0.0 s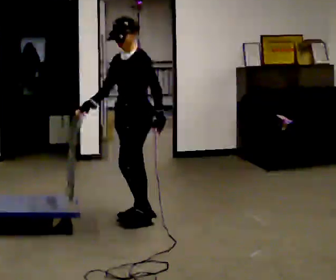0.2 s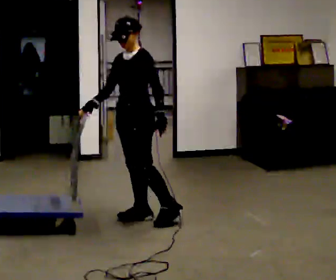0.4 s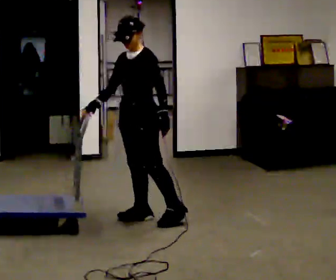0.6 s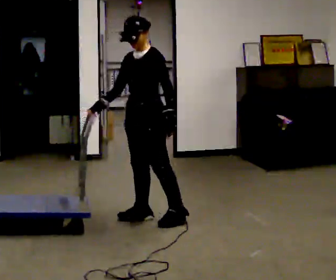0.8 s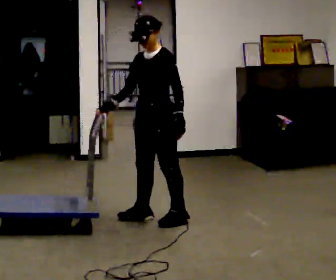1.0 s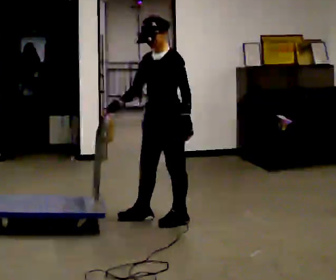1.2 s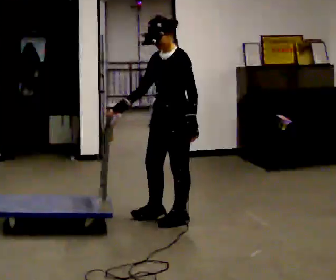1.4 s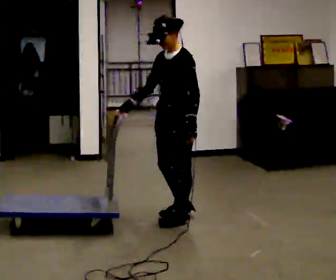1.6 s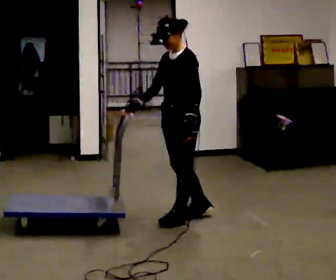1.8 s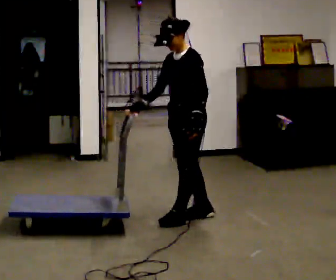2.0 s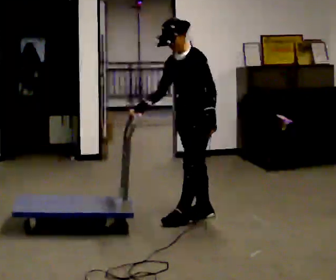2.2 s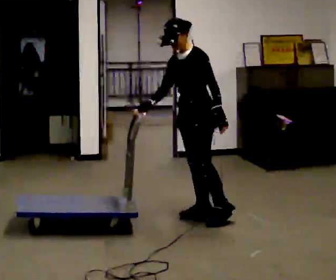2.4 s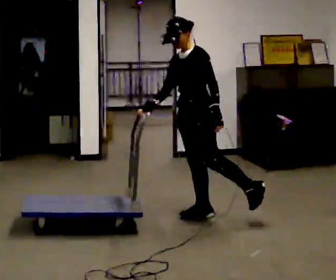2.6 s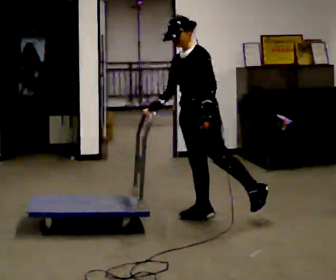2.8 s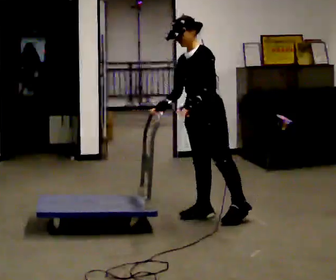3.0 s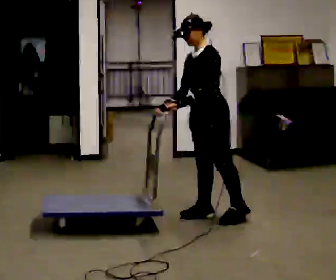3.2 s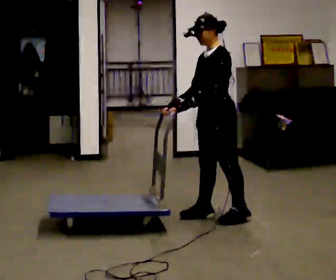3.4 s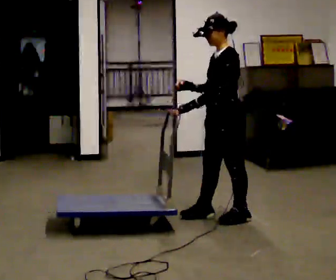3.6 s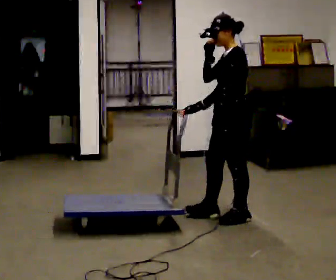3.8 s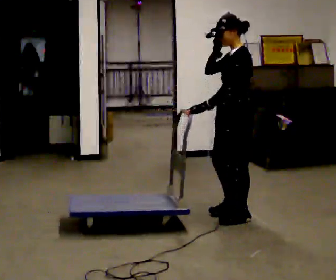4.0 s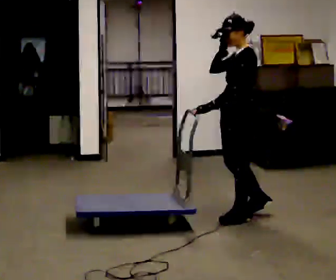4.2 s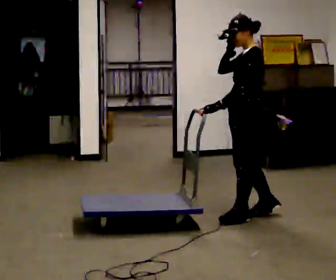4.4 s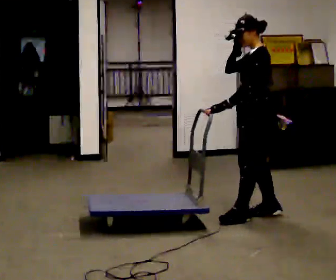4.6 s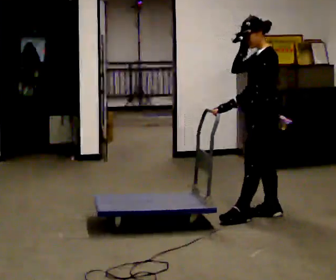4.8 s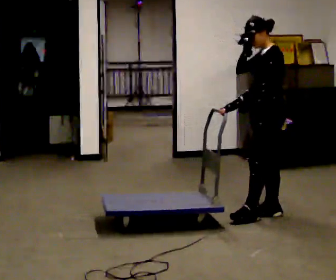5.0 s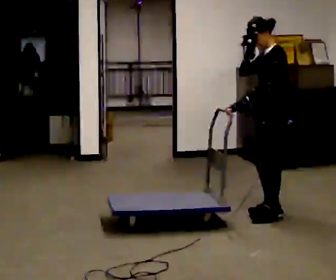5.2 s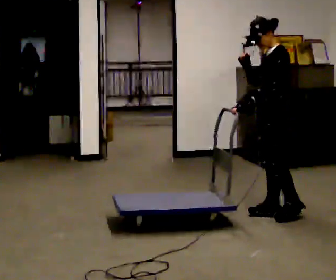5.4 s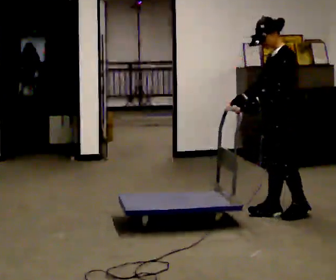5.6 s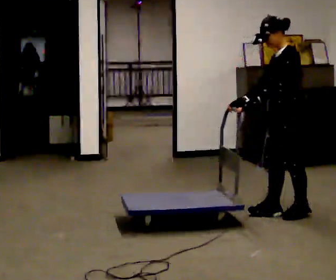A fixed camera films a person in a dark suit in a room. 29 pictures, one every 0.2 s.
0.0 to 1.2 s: In the picture they go to the right, about 0.25 m in 1 step, which for them is to their left and backward.
1.2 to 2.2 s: In the picture they go to the right and away from the camera, about 0.25 m in 1 step, which for them is backward.
2.2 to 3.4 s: In the picture they go to the right, about 0.25 m in 1 step, which for them is to their left.
3.4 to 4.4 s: In the picture they go to the right, about 0.25 m in 1 step, which for them is backward. In the picture their right hand goes to the right.
4.4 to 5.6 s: In the picture they go to the right, about 0.25 m in 1 step, which for them is backward. In the picture their right hand goes downward.
The film runs forward here.
